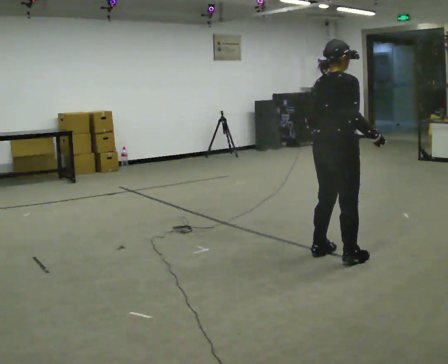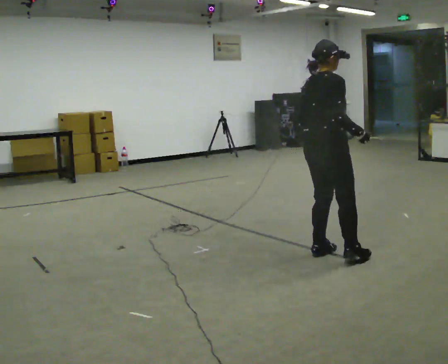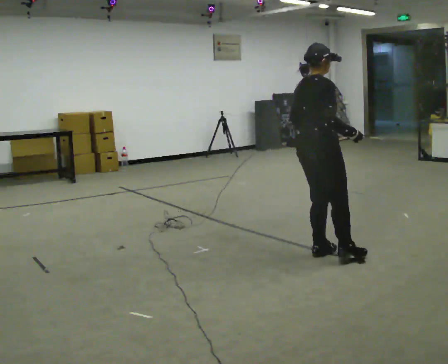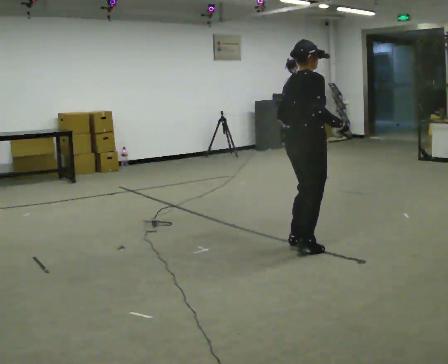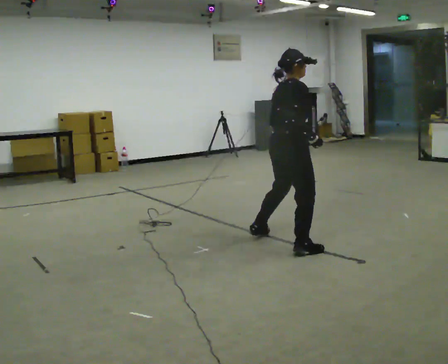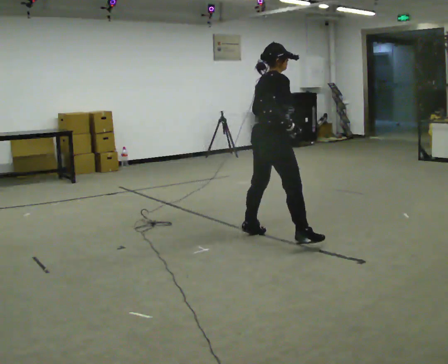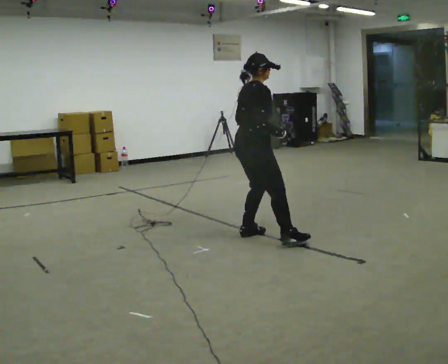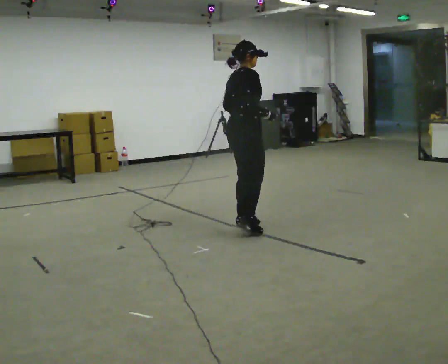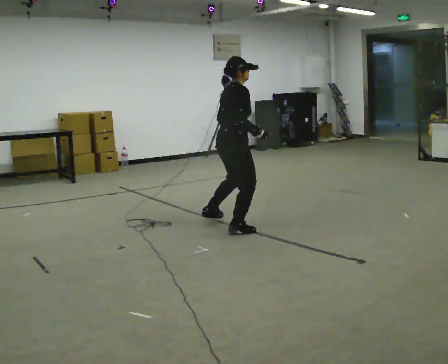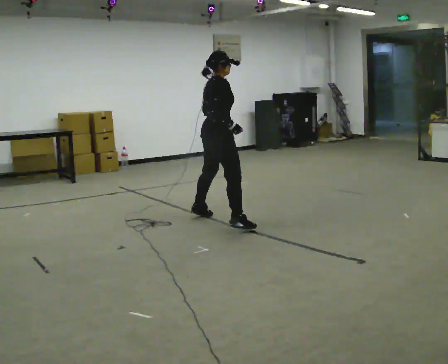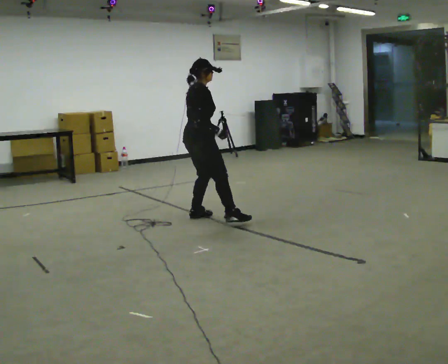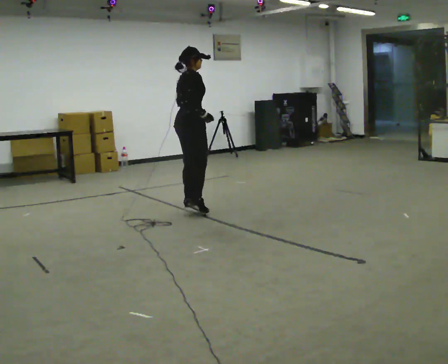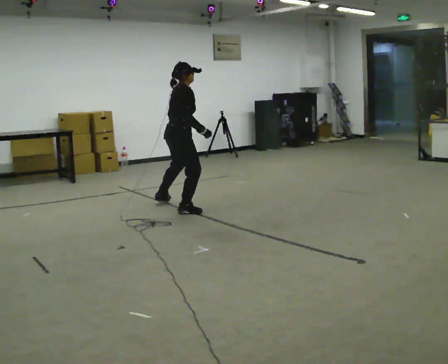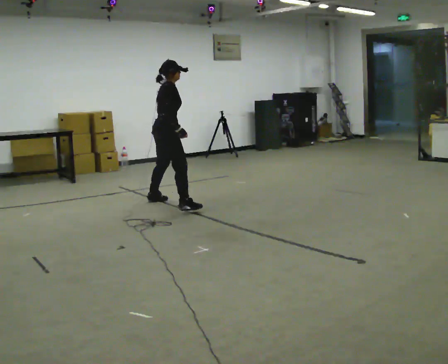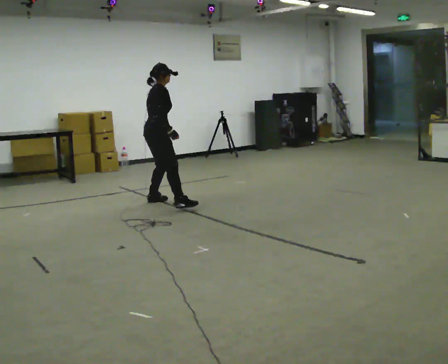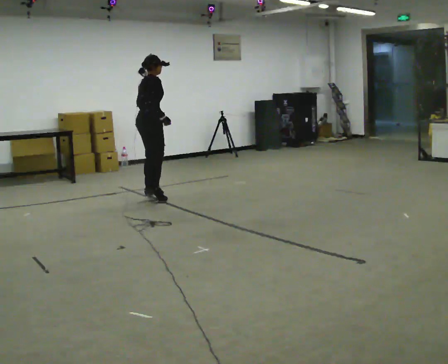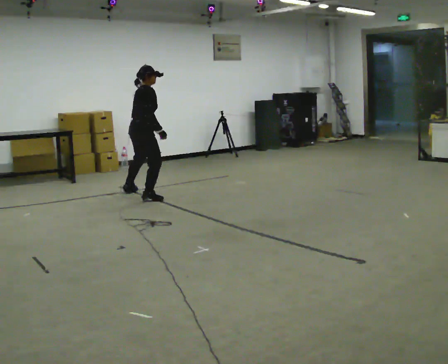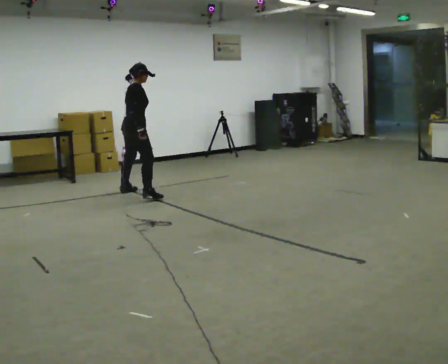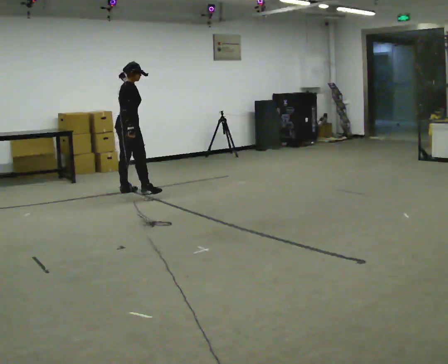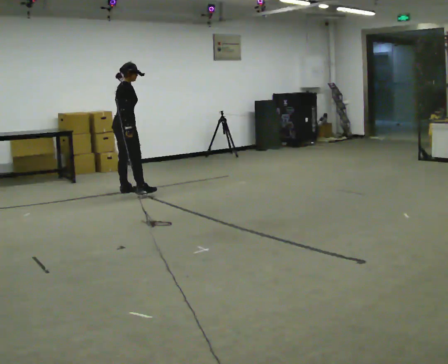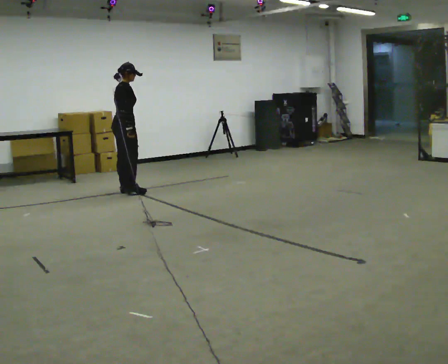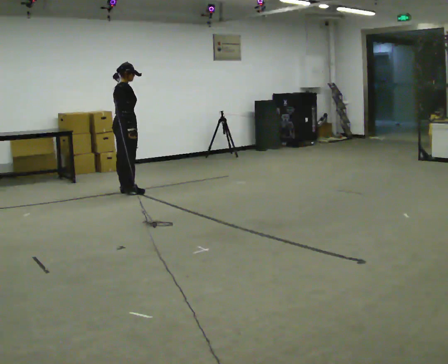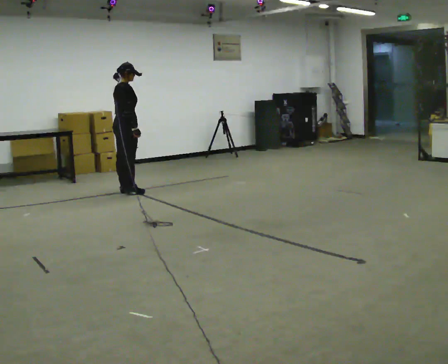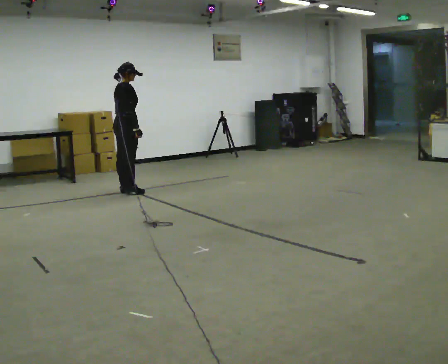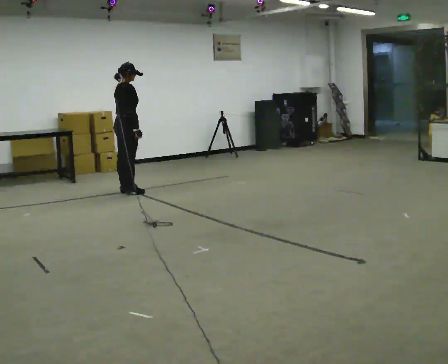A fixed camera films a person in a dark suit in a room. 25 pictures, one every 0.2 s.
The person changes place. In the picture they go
away from the camera.
0.0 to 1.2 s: In the picture they go away from the camera and to the left, about 1 m in 3 steps, which for them is to their left.
1.2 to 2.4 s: In the picture they go away from the camera and to the left, about 1 m in 3 steps, which for them is to their left.
2.4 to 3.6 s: In the picture they go away from the camera and to the left, about 1 m in 3 steps, which for them is to their left.
3.6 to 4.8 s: The person moves a little, or ends about where they began.
The film runs backward here.
